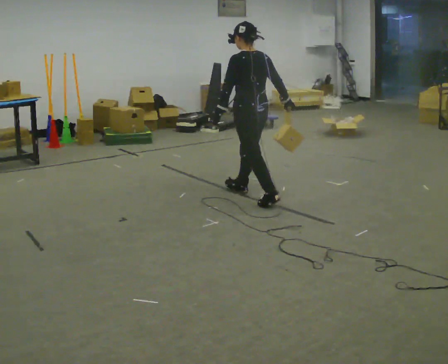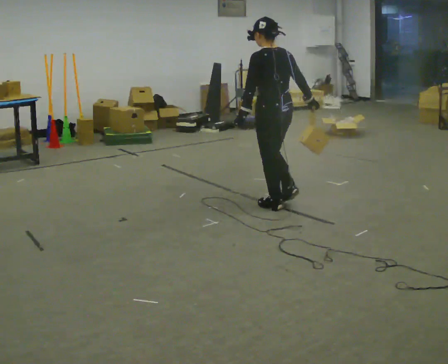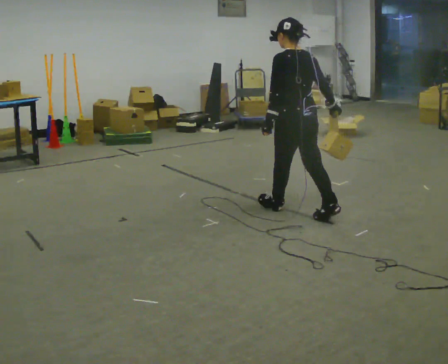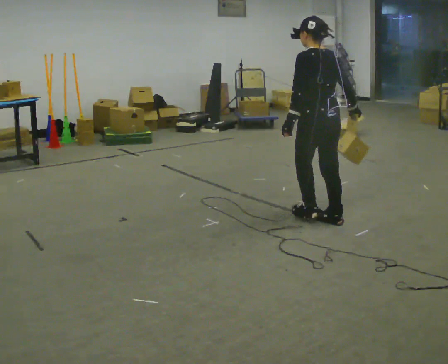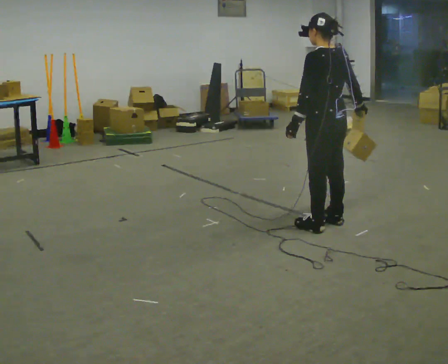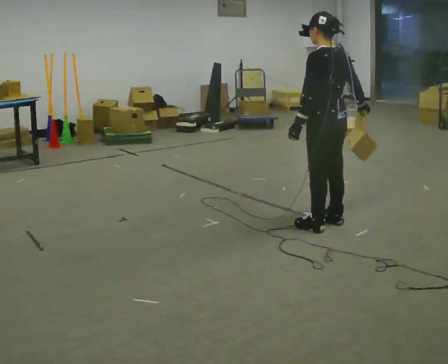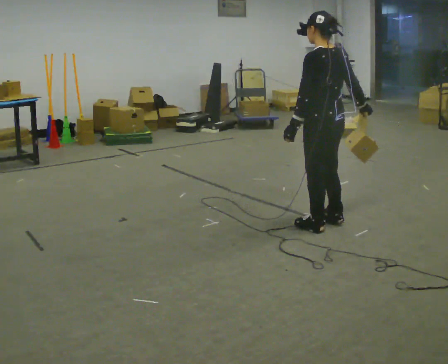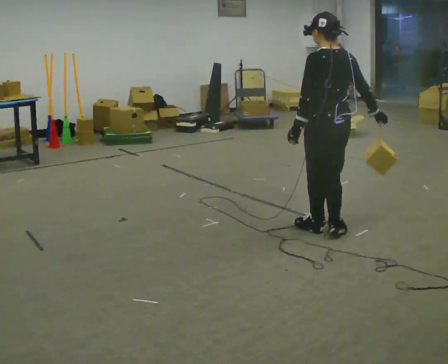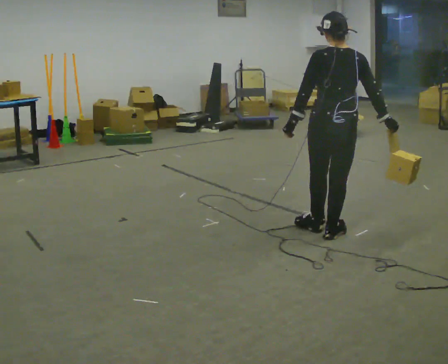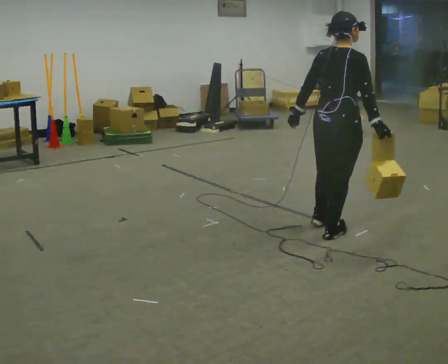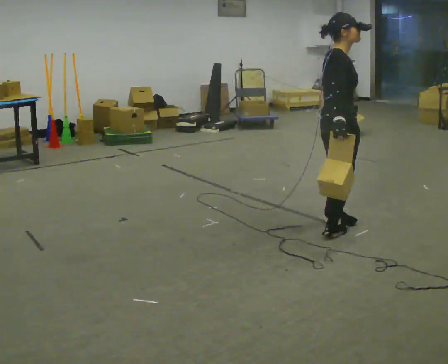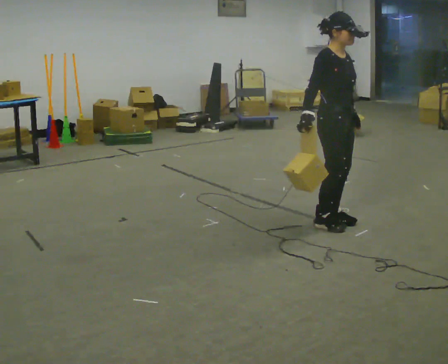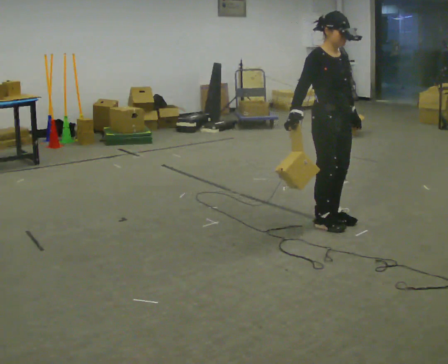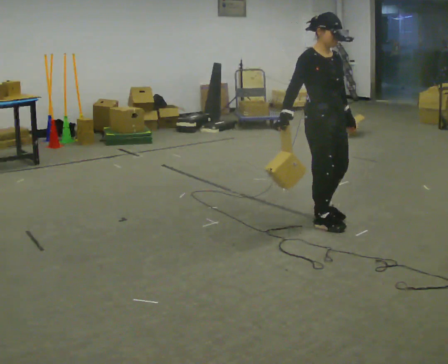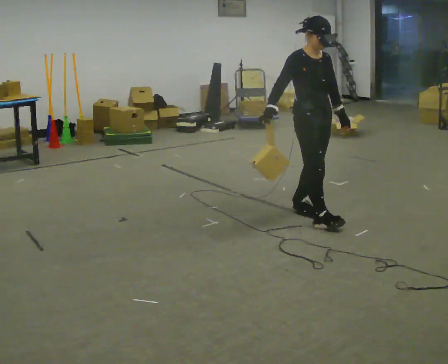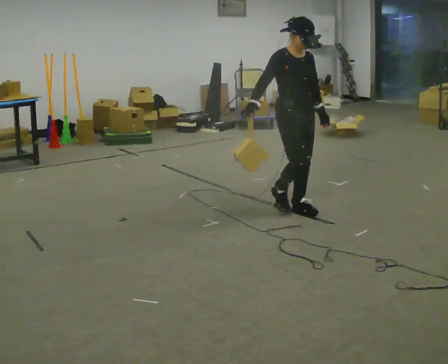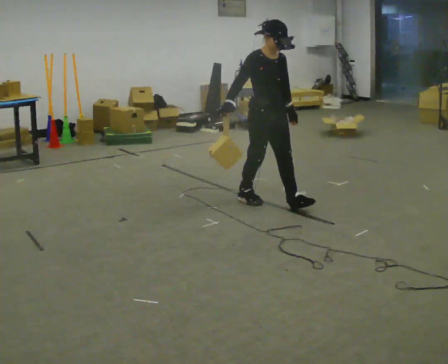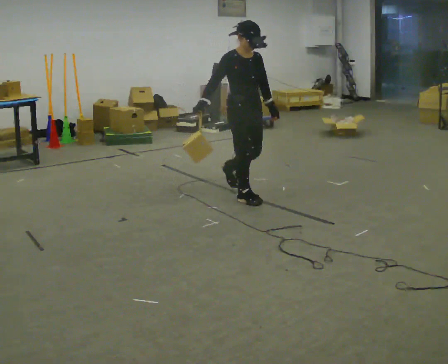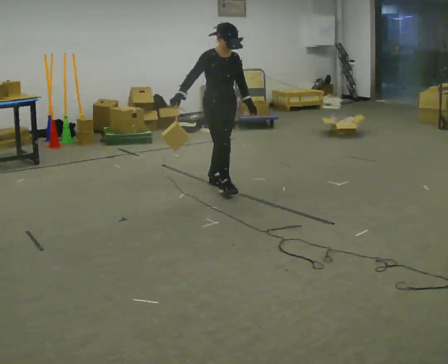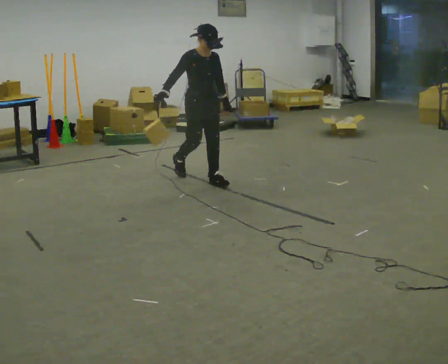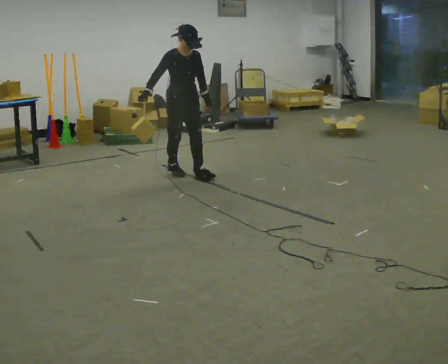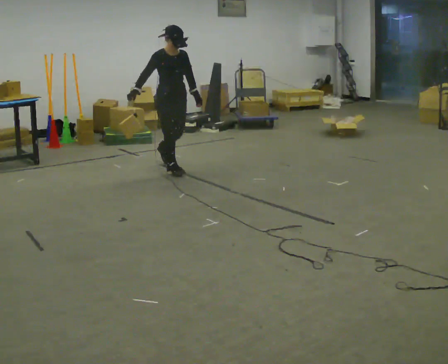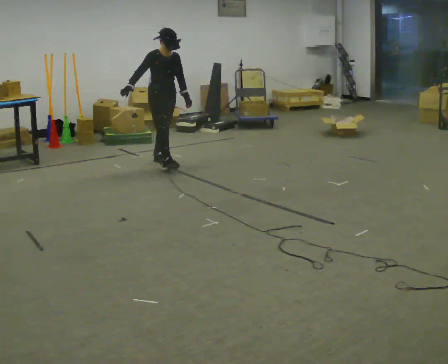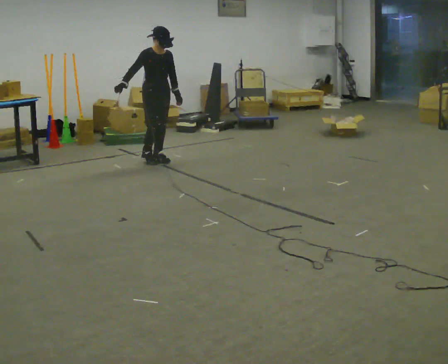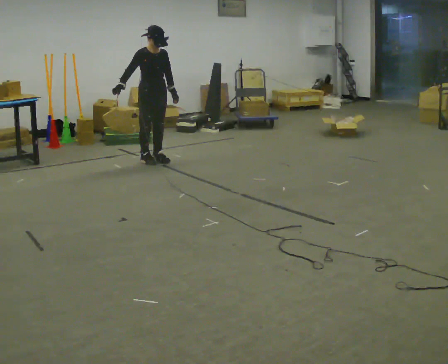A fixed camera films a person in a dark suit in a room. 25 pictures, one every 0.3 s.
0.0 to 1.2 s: In the picture they go to the right and toward the camera, about 1 m in 2 steps, which for them is backward.
1.2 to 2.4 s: The part of the body nearest the lens slides to the left as the person turns to their right by about 30 degrees. In the picture they go toward the camera, about 0.25 m in 1 step, which for them is backward and to their left.
2.4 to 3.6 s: Seen from above the body turns clockwise, about 150 degrees: to their right, with its near side sliding to the left. In the picture they go away from the camera, about 0.25 m in 2 steps. In the picture their left hand goes to the right, the arm swinging counterclockwise.
3.6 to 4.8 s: In the picture they go to the left and away from the camera, about 0.75 m in 3 steps, which for them is backward.
4.8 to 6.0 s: In the picture they go to the left and away from the camera, about 1 m in 2 steps, which for them is backward.
6.0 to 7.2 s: In the picture they go away from the camera and to the left, about 0.75 m in 1 step, which for them is backward.
The film runs backward here.
